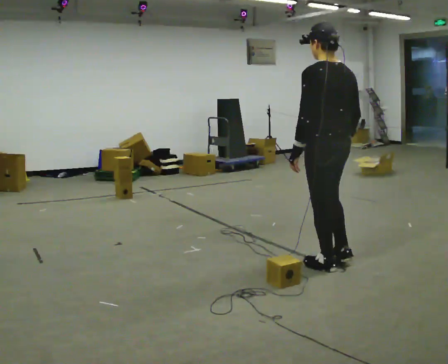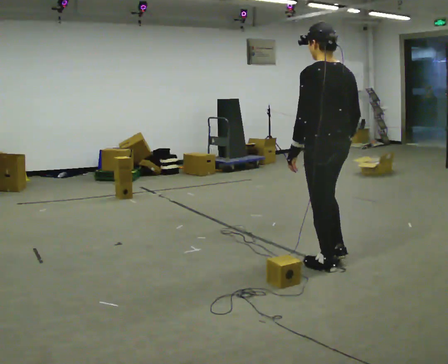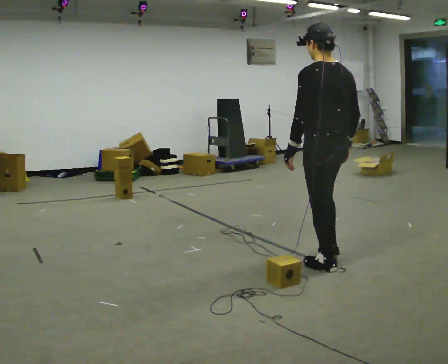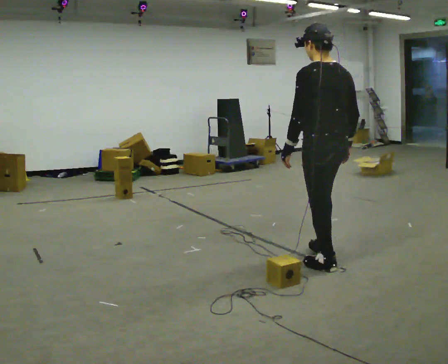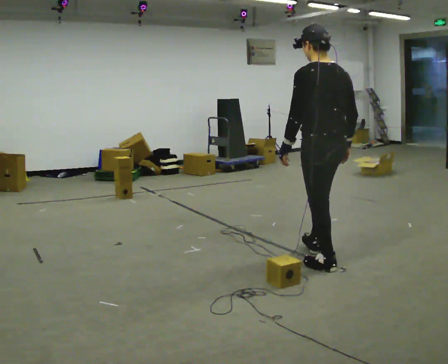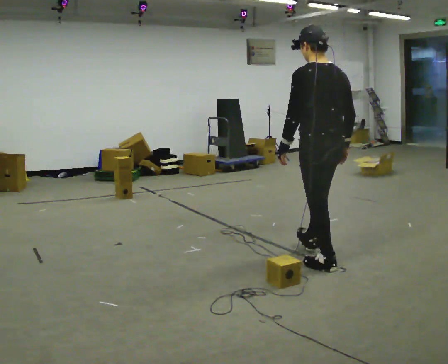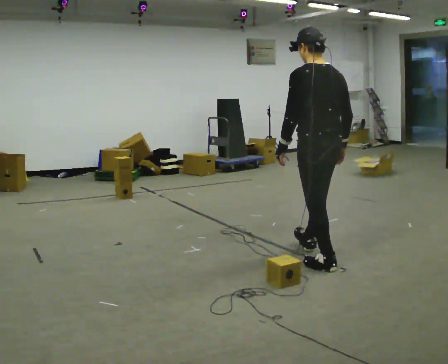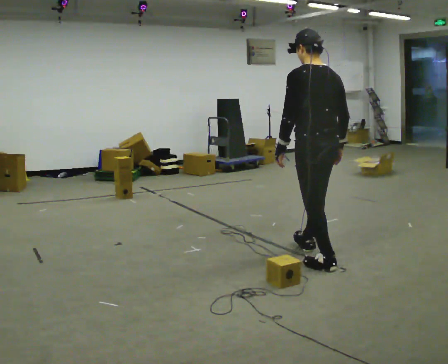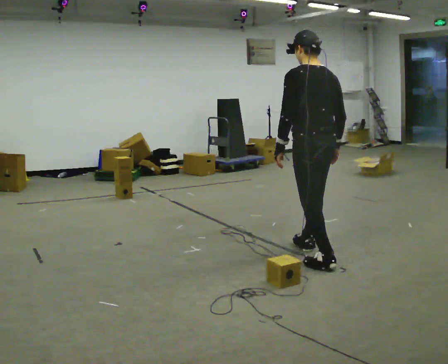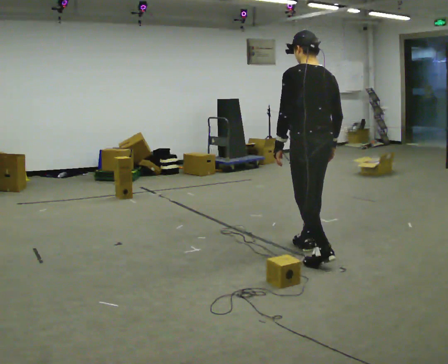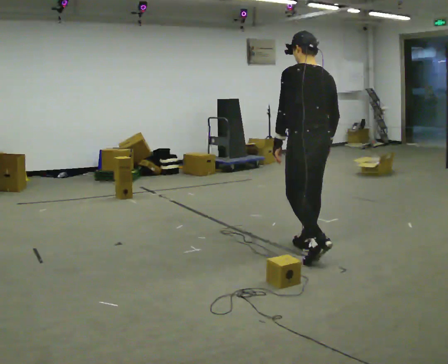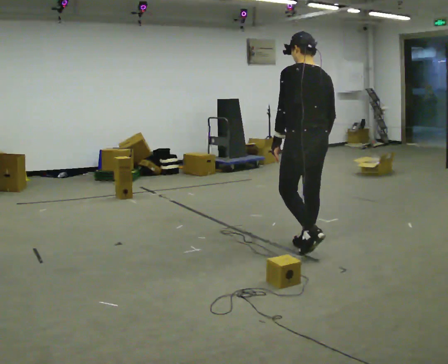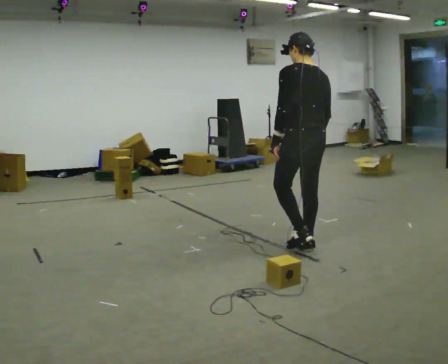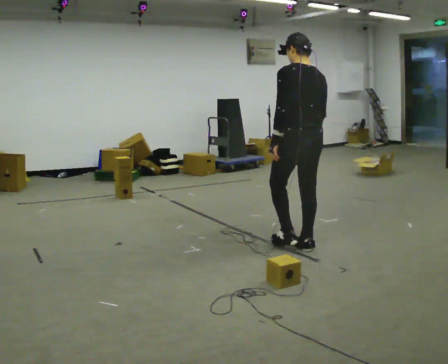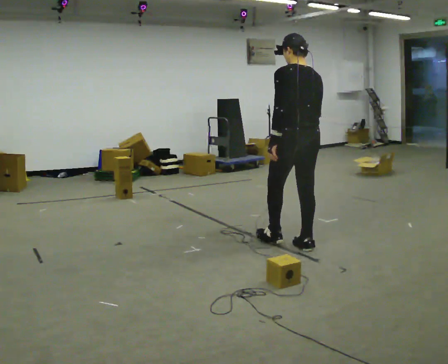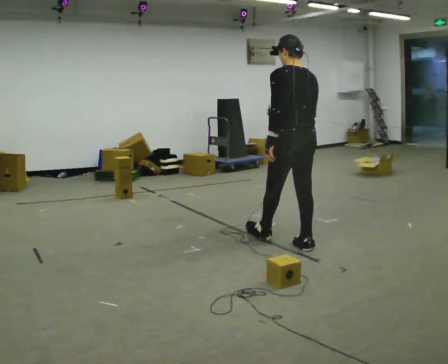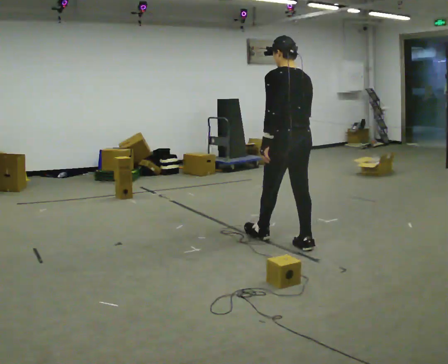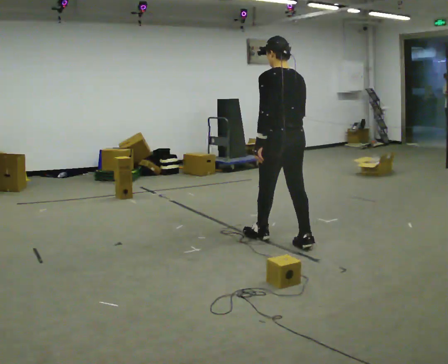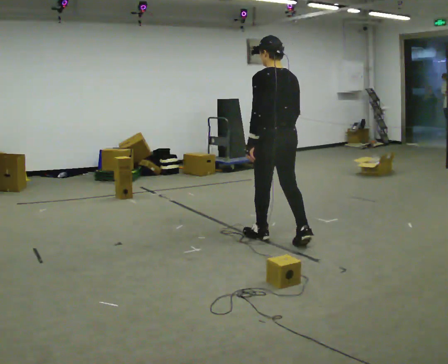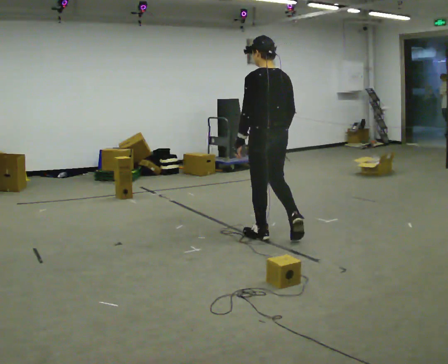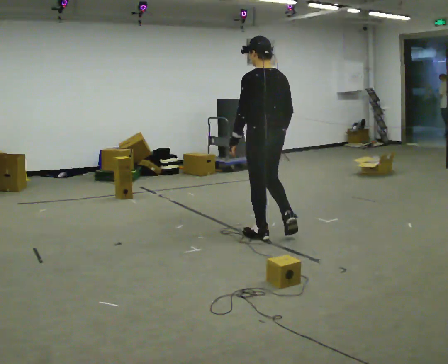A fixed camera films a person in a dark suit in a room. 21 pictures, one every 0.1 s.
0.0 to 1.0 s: In the picture they go away from the camera and to the left, about 0.25 m in 1 step, which for them is forward.
1.0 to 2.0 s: In the picture they go to the left and away from the camera, about 0.5 m in 1 step, which for them is forward.
The film runs forward here.
